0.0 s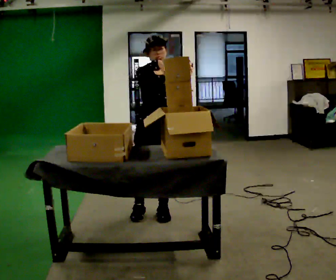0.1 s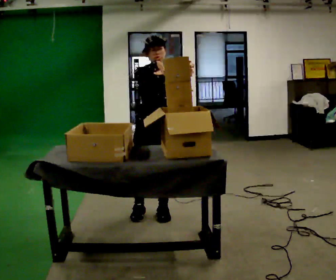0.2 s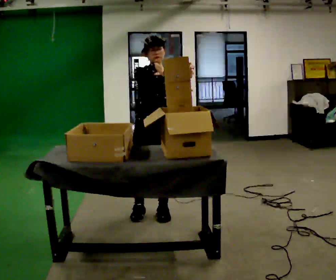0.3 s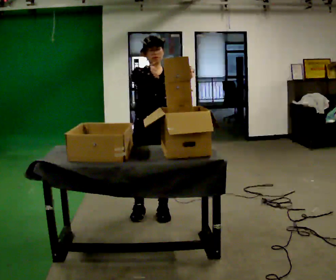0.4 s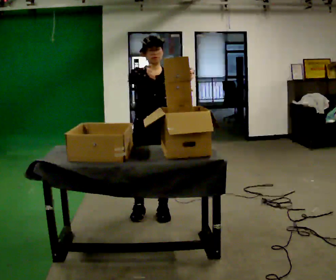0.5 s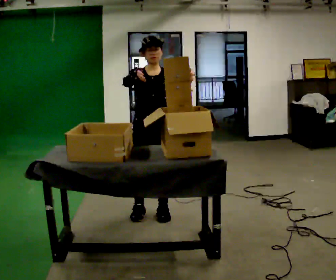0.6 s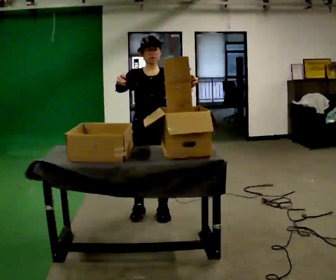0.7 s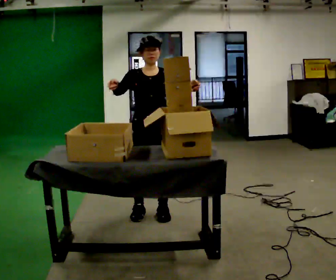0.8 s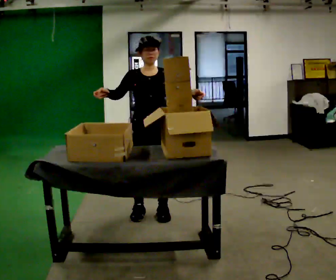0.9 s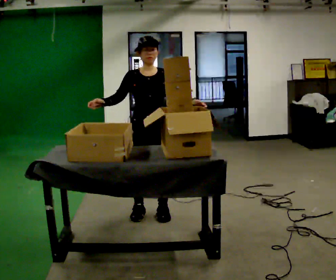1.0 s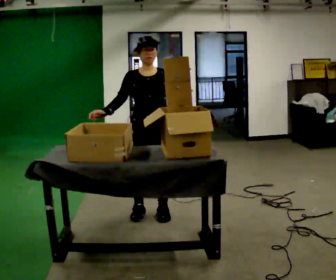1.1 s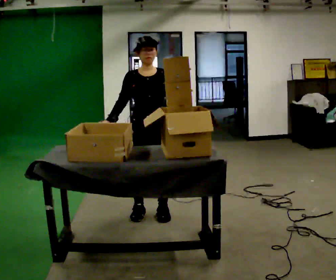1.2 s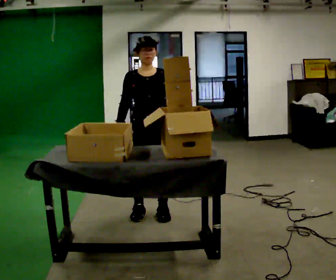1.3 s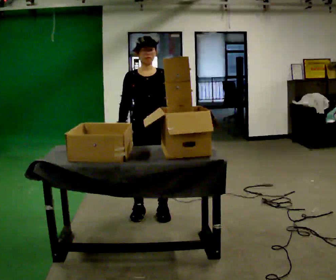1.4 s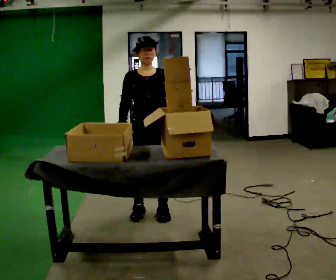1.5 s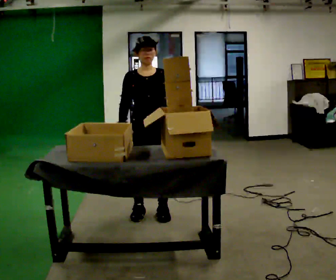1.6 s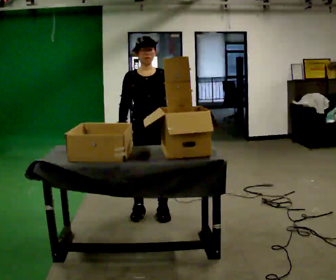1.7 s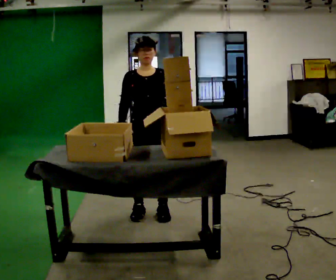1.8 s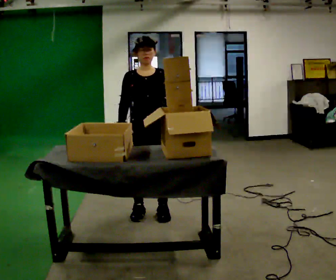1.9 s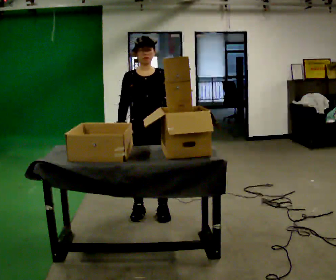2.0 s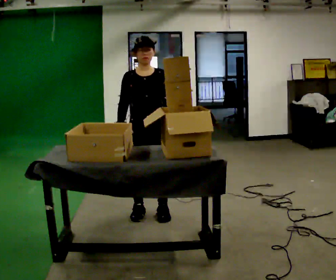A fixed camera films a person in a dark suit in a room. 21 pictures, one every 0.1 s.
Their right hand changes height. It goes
downward.
Their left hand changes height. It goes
downward.
0.0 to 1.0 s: In the picture their right hand goes to the left and downward.
1.0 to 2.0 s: The person moves a little, or ends about where they began.
The film runs backward here.
